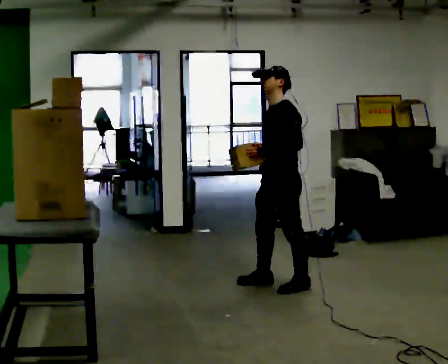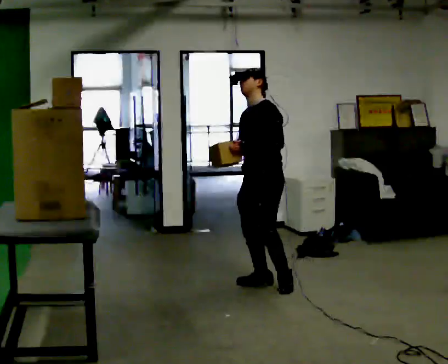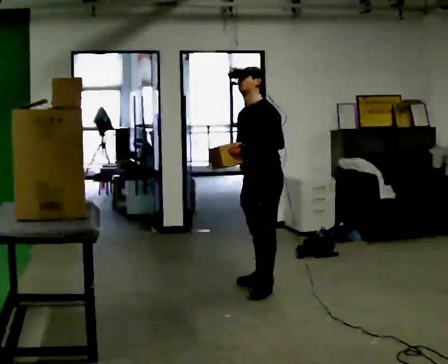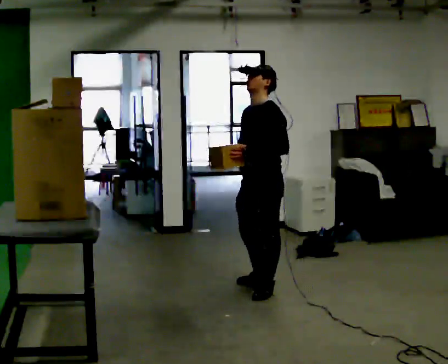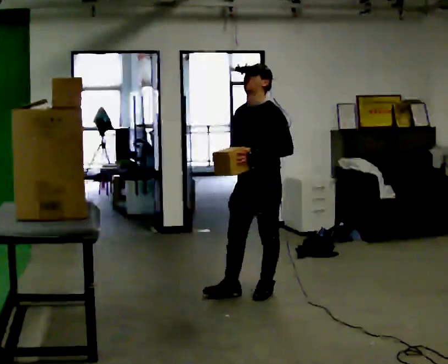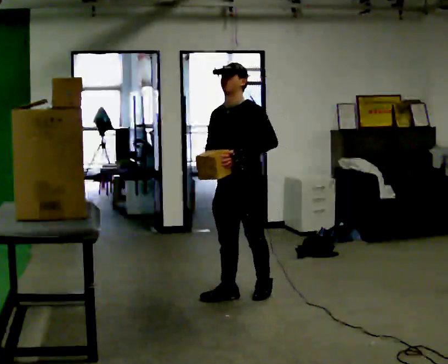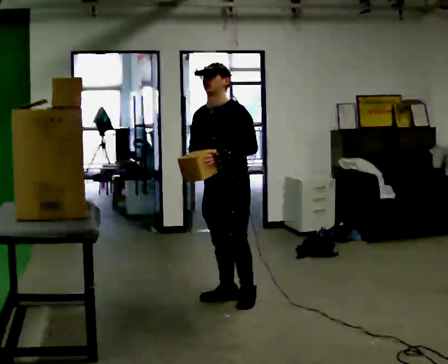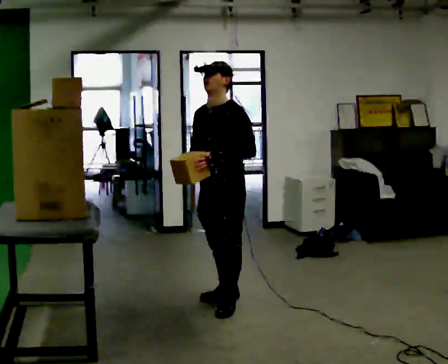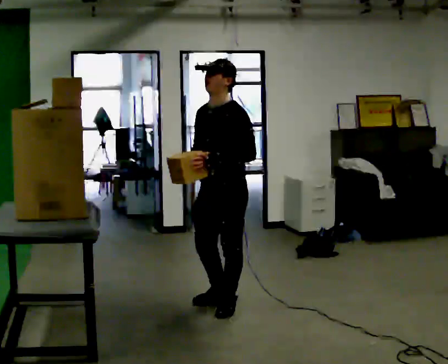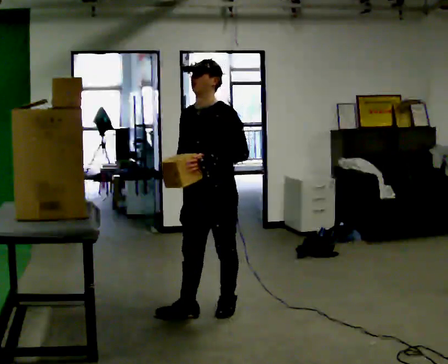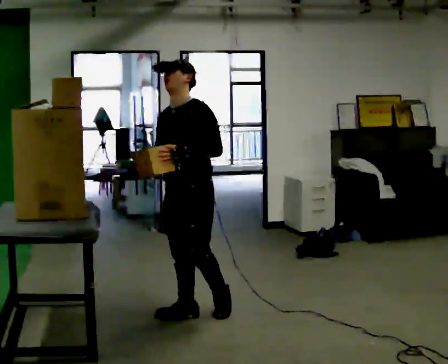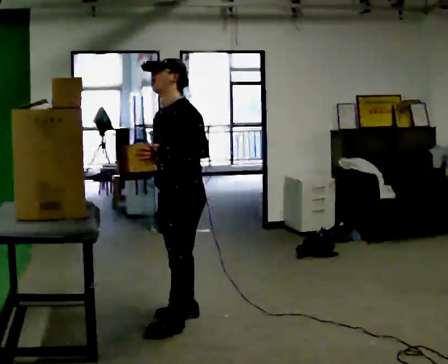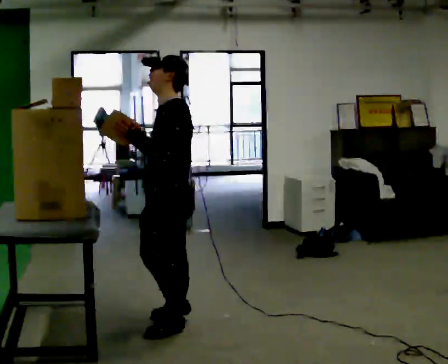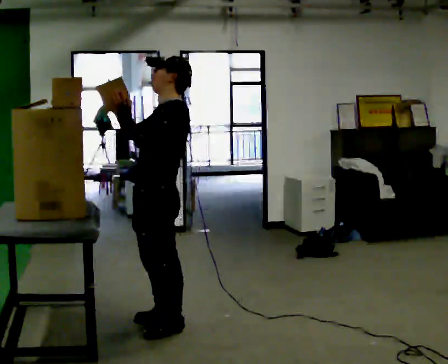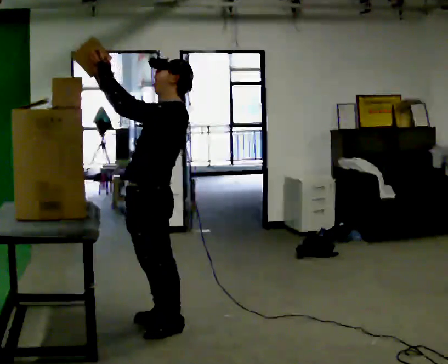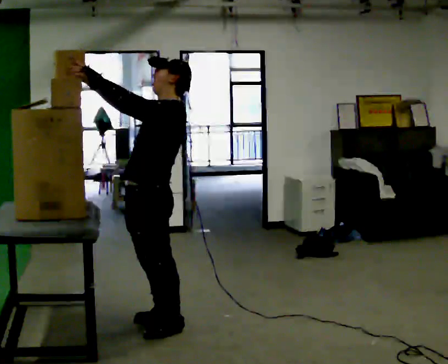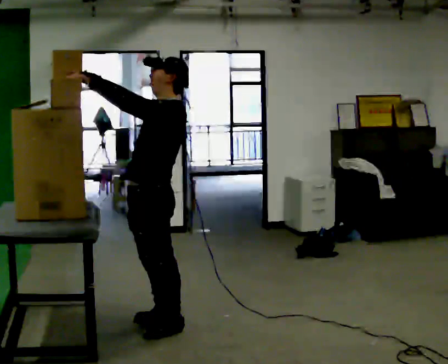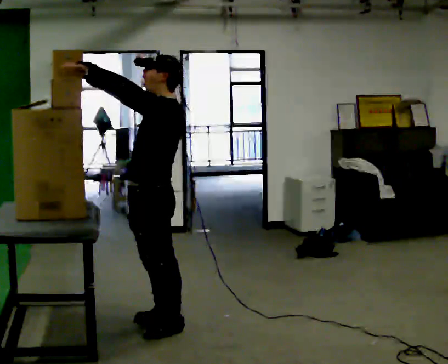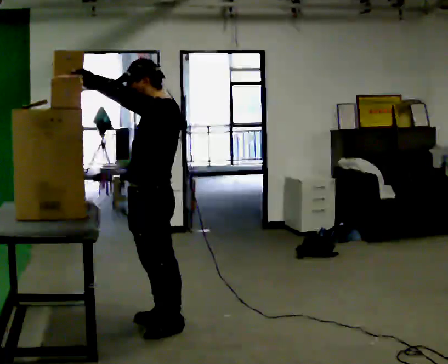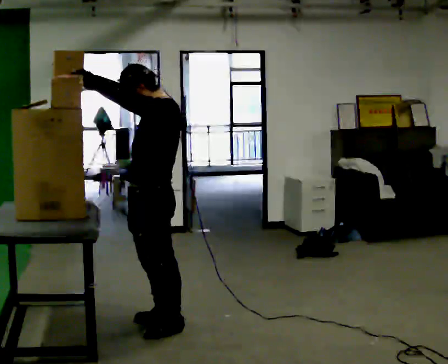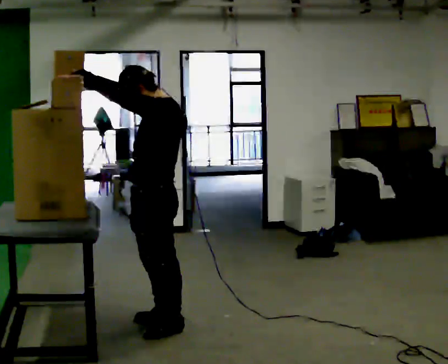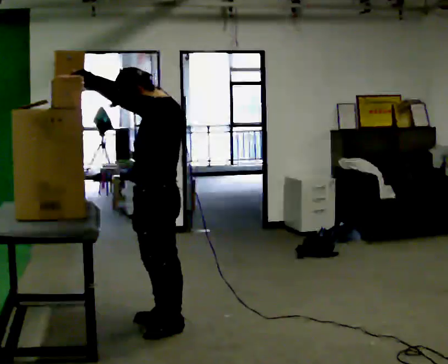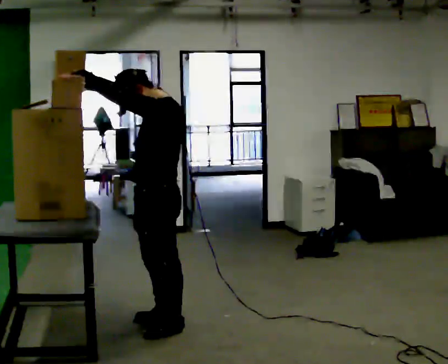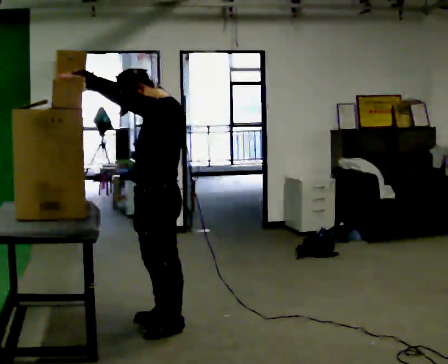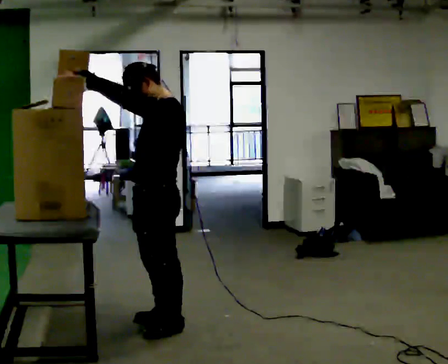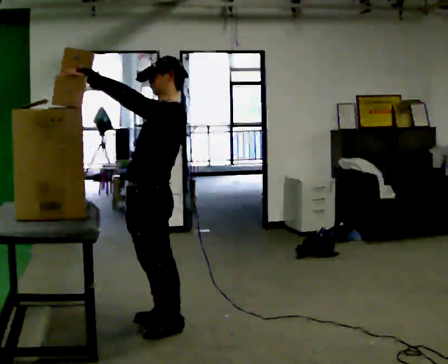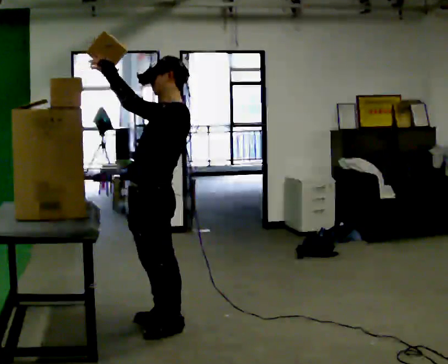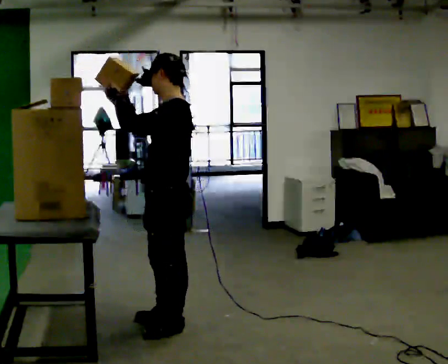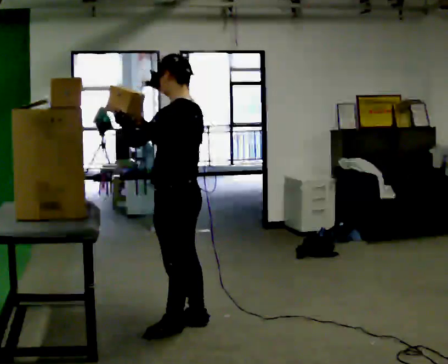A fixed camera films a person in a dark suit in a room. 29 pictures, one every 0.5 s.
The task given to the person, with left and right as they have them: Take an object down from the highest shelf you can comfortably reach, carry it across the room, and set it on the floor. Keep going until the operator says stop; one object at a time, and do not rush between trips.
0.0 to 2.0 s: The part of the body nearest the lens slides to the right as the person turns to their left by about 30 degrees. In the picture they go to the left, about 0.25 m in 1 step, which for them is forward.
2.0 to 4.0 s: In the picture they go toward the camera and to the left, about 0.5 m in 2 steps, which for them is forward.
4.0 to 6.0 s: The part of the body nearest the lens slides to the left as the person turns to their right by about 30 degrees. In the picture they go toward the camera and to the left, about 0.5 m in 2 steps, which for them is forward.
6.0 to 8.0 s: In the picture their right hand goes upward.
8.0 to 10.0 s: The person moves a little, or ends about where they began.
10.0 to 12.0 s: The person keeps their place and pose.
12.0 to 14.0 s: Seen from above the body turns clockwise, about 30 degrees: to their right, with its near side sliding to the left. In the picture their right hand goes to the right.
The film runs forward here.
